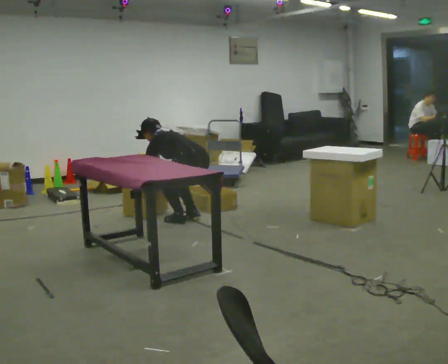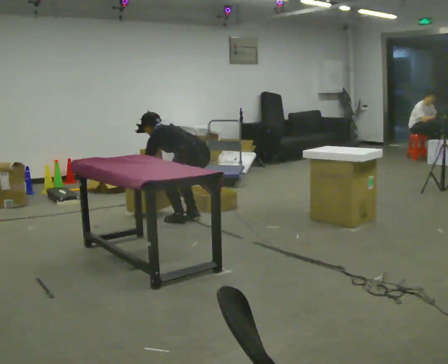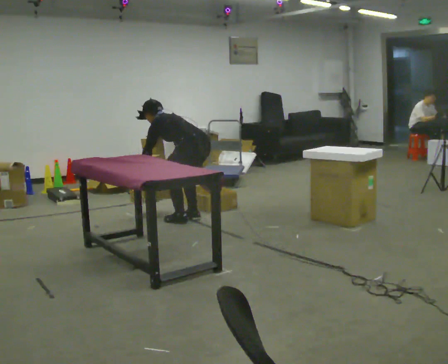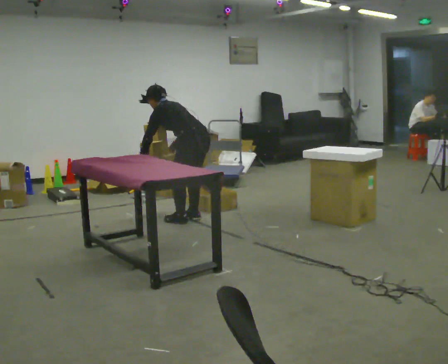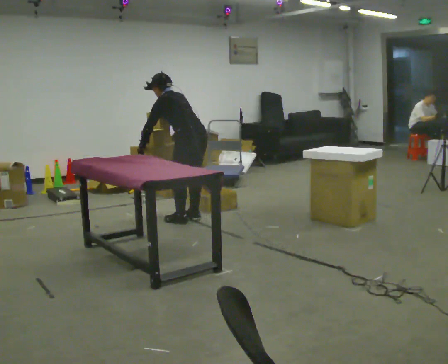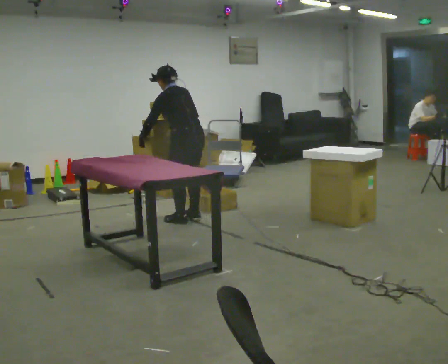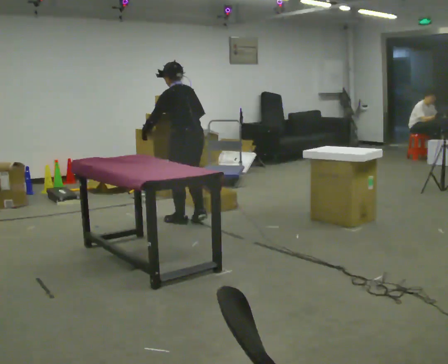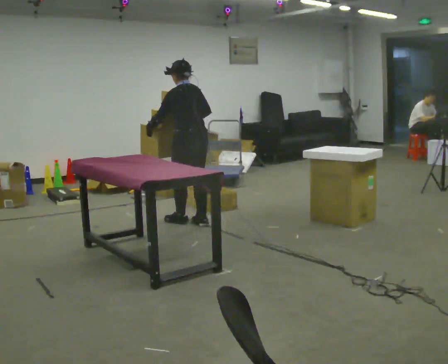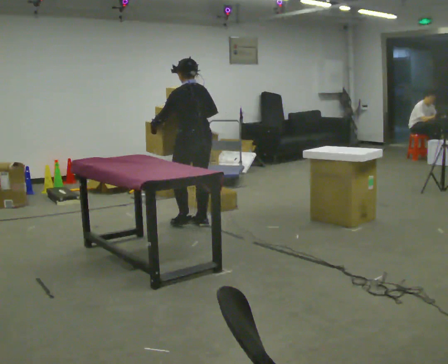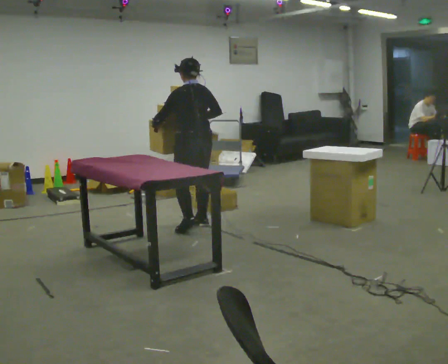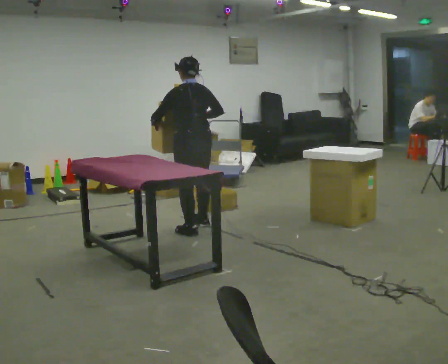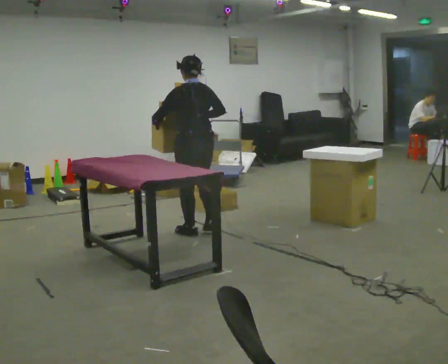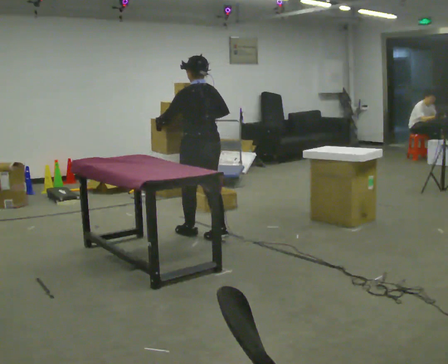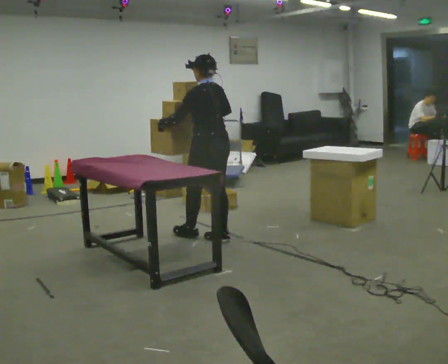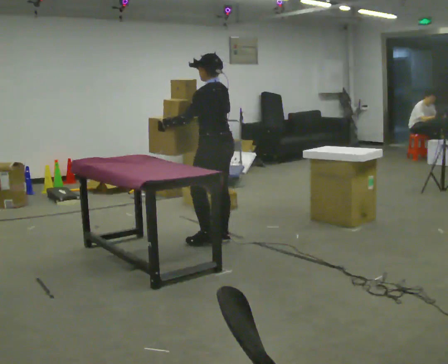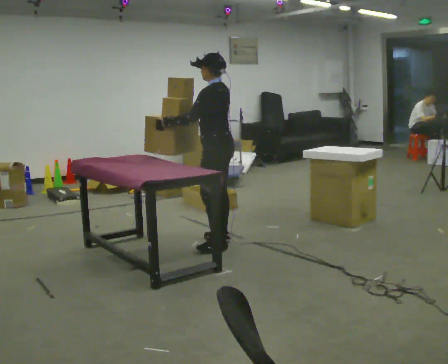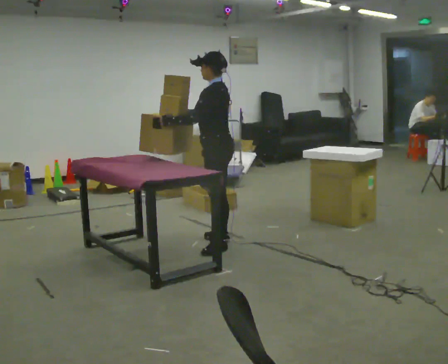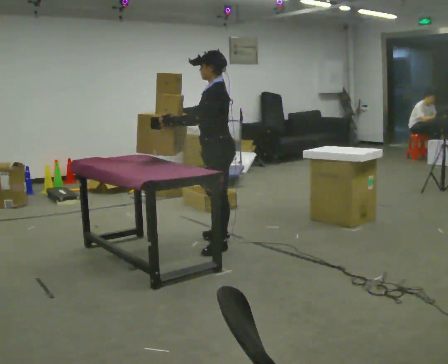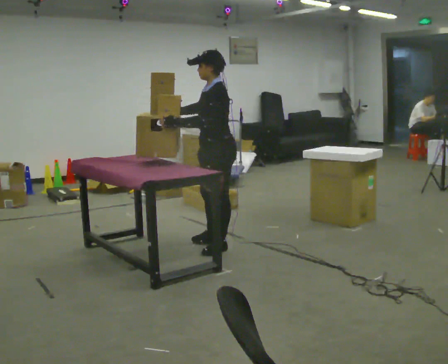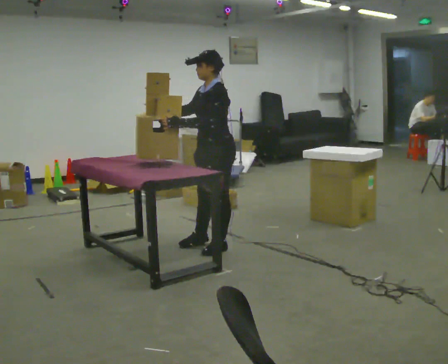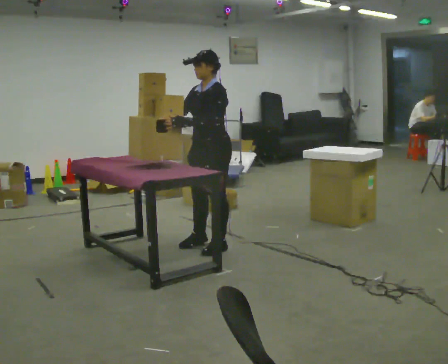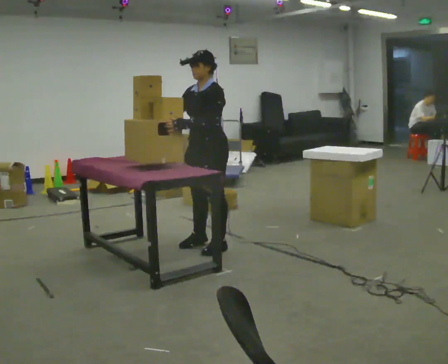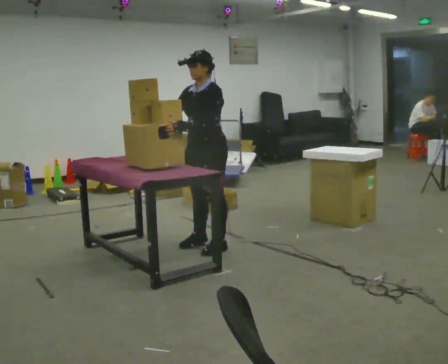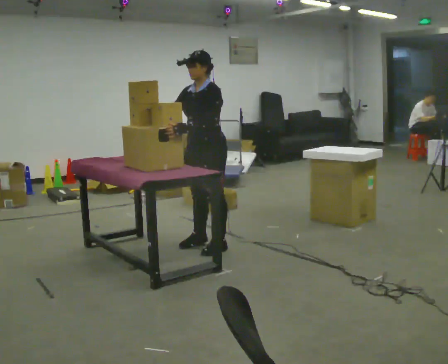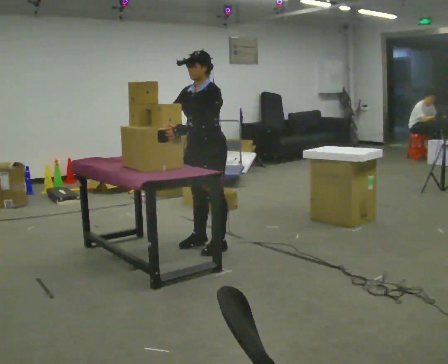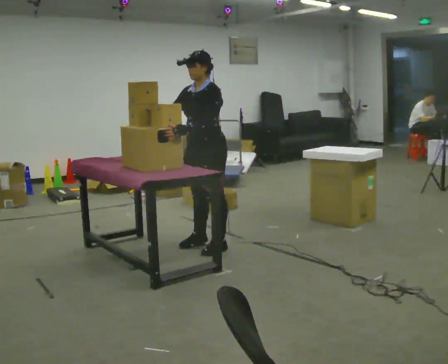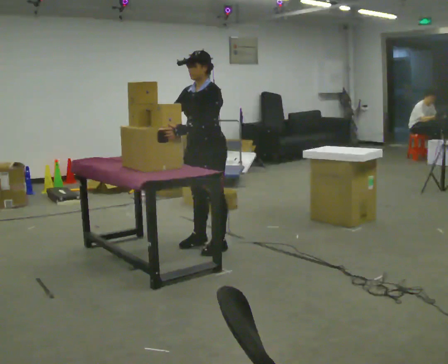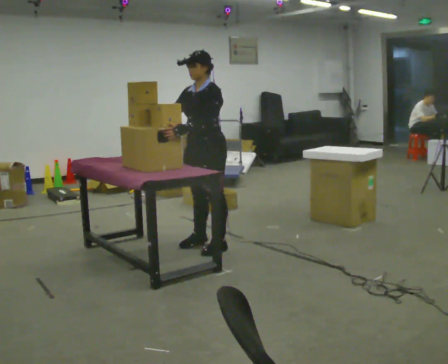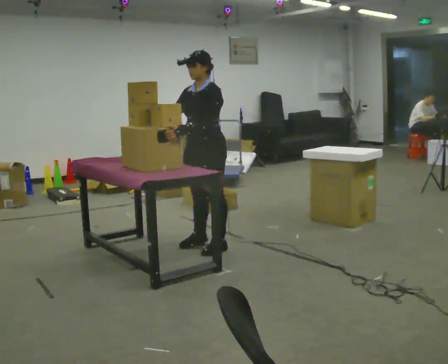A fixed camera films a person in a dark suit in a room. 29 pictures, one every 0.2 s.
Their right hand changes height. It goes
upward.
The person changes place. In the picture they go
toward the camera.
0.0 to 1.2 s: The shoulders move upward. In the picture the upper body tilts clockwise, shoulders to the right, as they lean back or straighten. In the picture their left hand goes upward.
1.2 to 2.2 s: In the picture they go toward the camera, about 0.25 m in 2 steps, which for them is backward.
2.2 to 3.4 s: The part of the body nearest the lens slides to the right as the person turns to their left by about 60 degrees. In the picture they go toward the camera and to the right, about 0.5 m in 1 step.
3.4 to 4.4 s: Seen from above the body turns counterclockwise, about 30 degrees: to their left, with its near side sliding to the right.
4.4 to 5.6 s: The person keeps their place and pose.
The film runs backward here.
